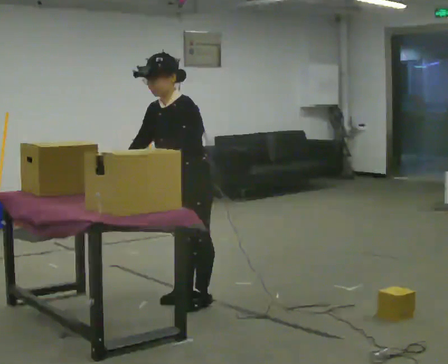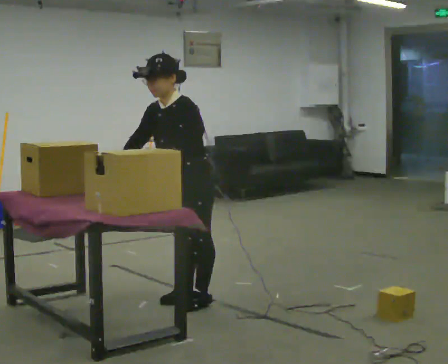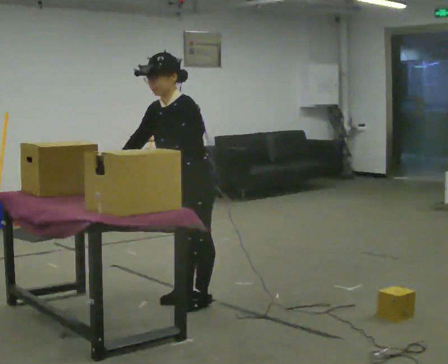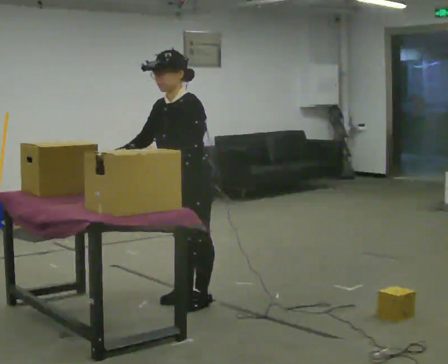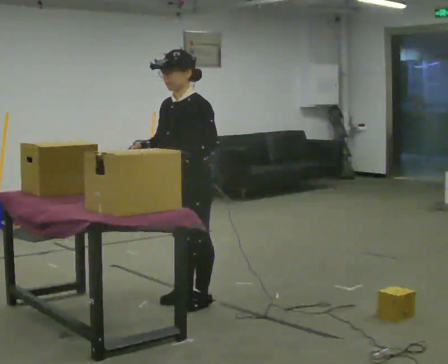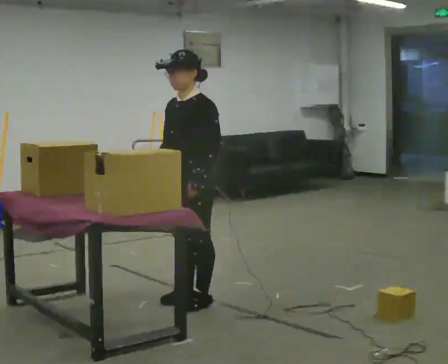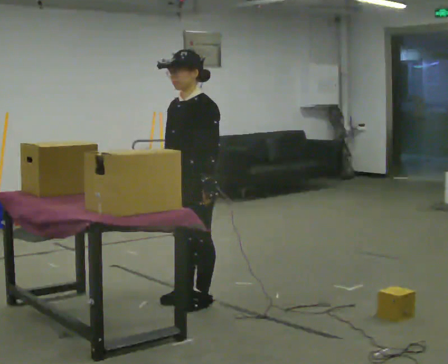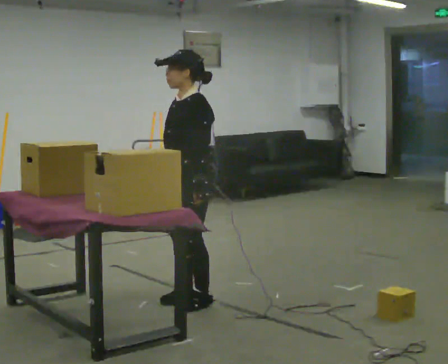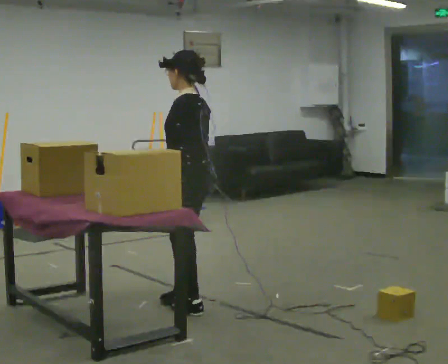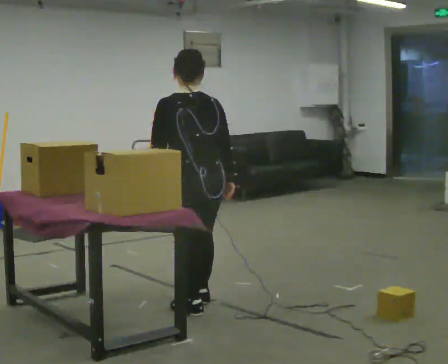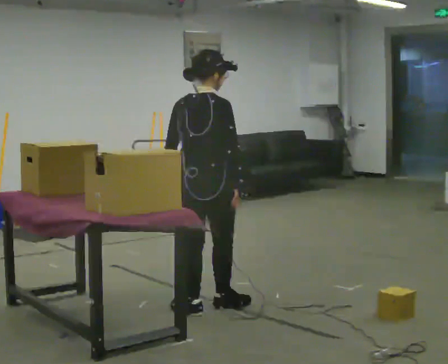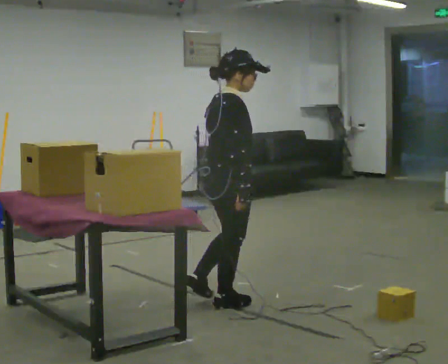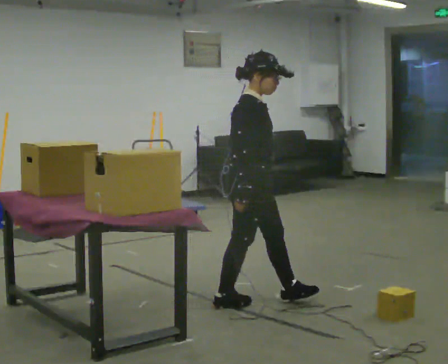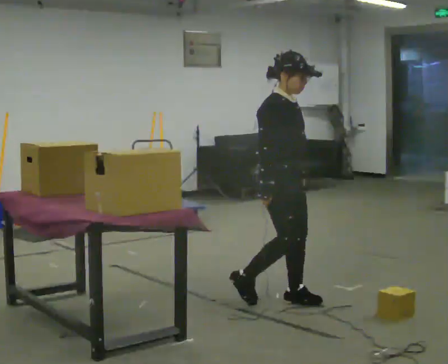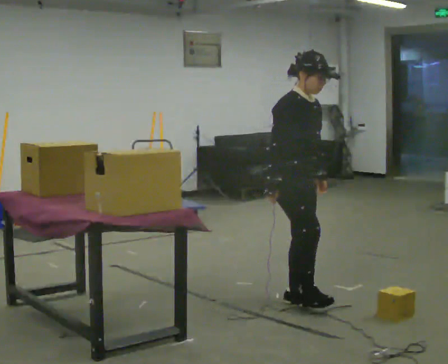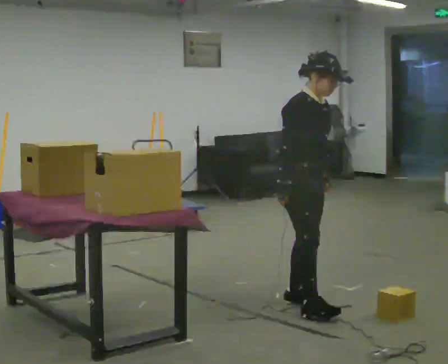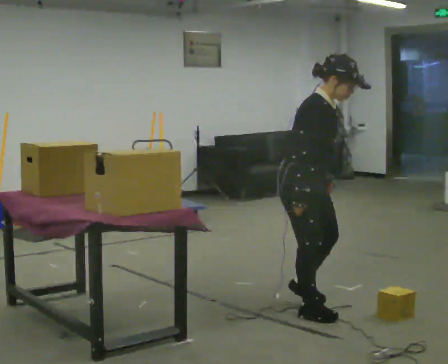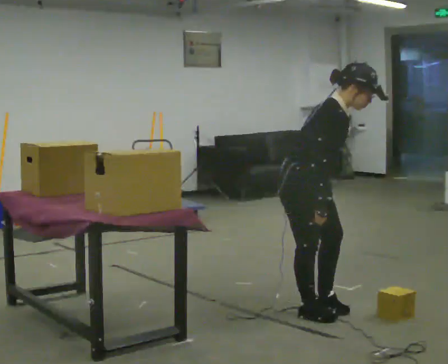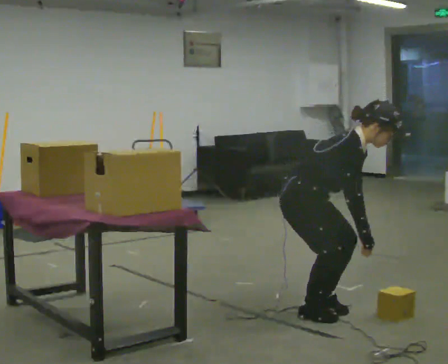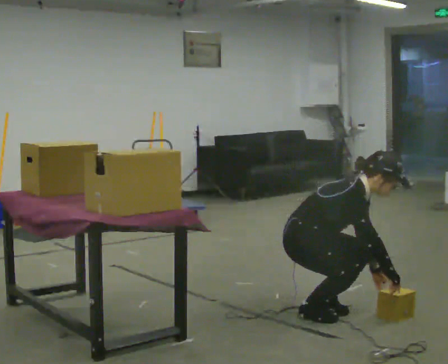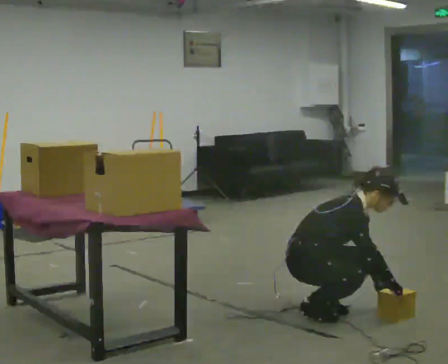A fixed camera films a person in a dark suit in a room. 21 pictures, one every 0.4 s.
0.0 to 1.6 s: In the picture the upper body tilts clockwise, shoulders to the right, as they lean back or straighten.
1.6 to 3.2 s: The person turns about 45 degrees to their right, clockwise seen from above, so the part of the body nearest the lens slides to the left. In the picture their right hand goes to the right, the arm swinging counterclockwise.
3.2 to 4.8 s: The person turns about 180 degrees to their right, clockwise seen from above, so the part of the body nearest the lens slides to the left. In the picture they go to the right, about 0.25 m in 1 step.
4.8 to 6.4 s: In the picture they go to the right and toward the camera, about 0.25 m in 2 steps, which for them is forward. In the picture the upper body tilts clockwise, shoulders to the right, as they bend forward.
6.4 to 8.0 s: The shoulders move downward. In the picture the upper body tilts clockwise, shoulders to the right, as they bend forward. In the picture their right hand goes to the right and downward, the arm swinging counterclockwise.
The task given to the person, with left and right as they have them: Carry the object over and fit it into the gap between the two boxes already on the shelf, without touching either of them. Keep going until the operator says stop; one object at a time, and do not rush between trips.
The film runs forward here.
